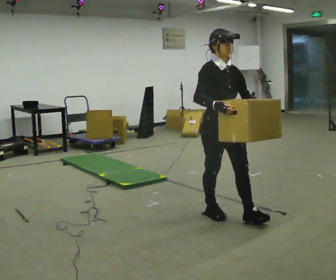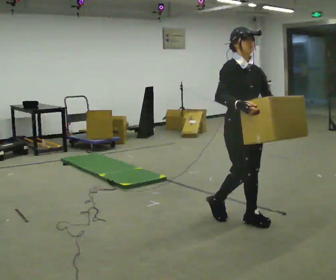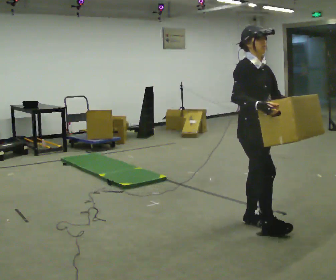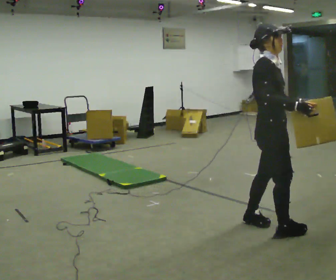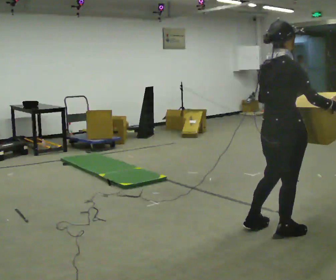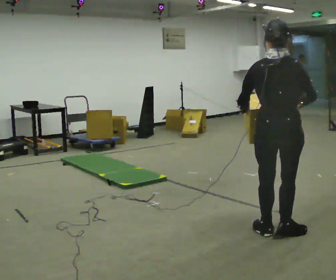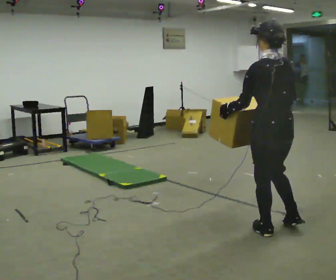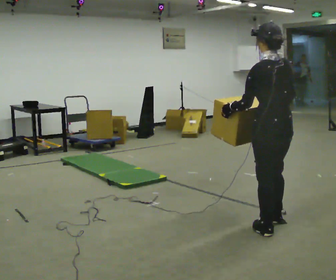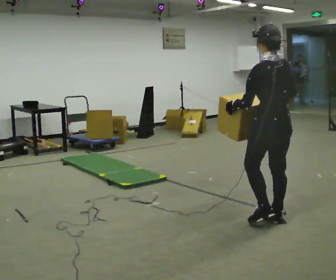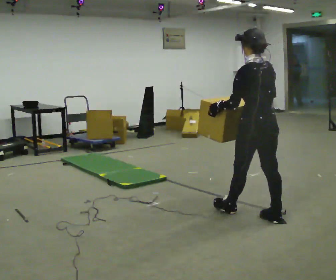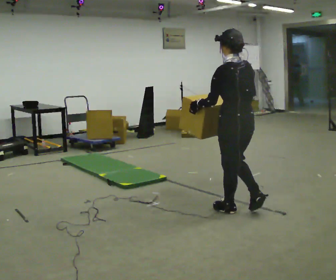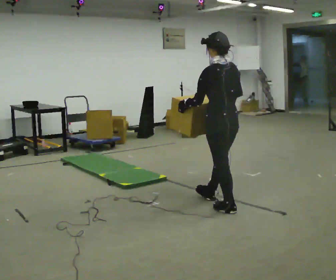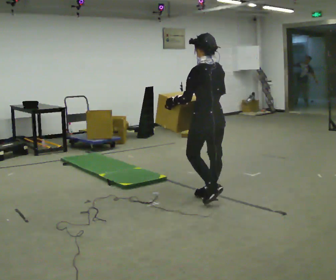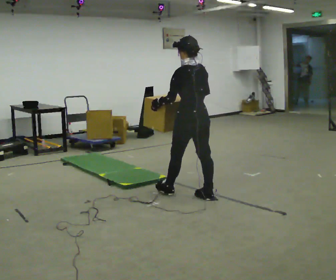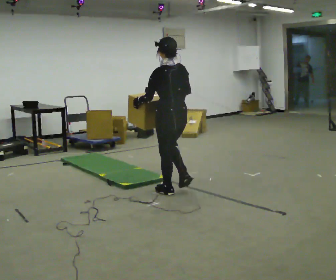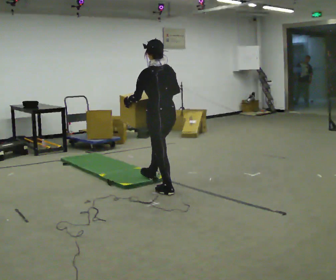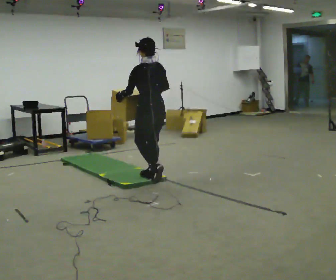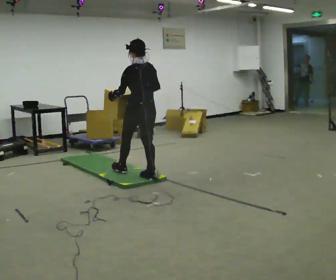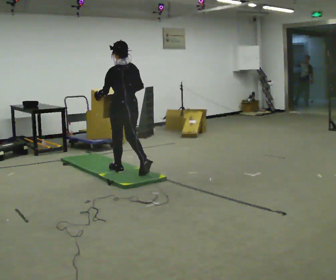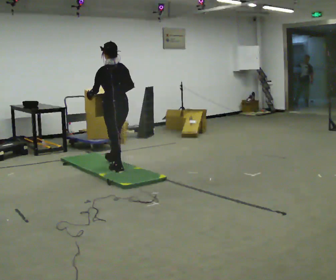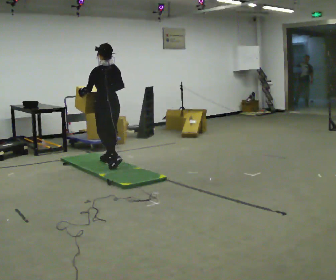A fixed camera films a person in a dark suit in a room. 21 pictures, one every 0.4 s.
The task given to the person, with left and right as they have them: Carry the box across the soft uneven mat, set it down on the far side, then bring it back. Keep going until the operator says stop; one object at a time, and do not rush between trips.
0.0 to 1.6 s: The person turns about 90 degrees to their left, counterclockwise seen from above, so the part of the body nearest the lens slides to the right. In the picture they go to the right and toward the camera, about 0.5 m in 1 step.
1.6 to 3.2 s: The person turns about 90 degrees to their left, counterclockwise seen from above, so the part of the body nearest the lens slides to the right. In the picture they go away from the camera, about 0.25 m in 2 steps.
3.2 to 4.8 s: In the picture they go away from the camera and to the left, about 1 m in 2 steps, which for them is forward.
4.8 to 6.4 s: In the picture they go to the left and away from the camera, about 1 m in 2 steps, which for them is forward.
6.4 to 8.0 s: In the picture they go to the left and away from the camera, about 1 m in 2 steps, which for them is forward.
The film runs forward here.
